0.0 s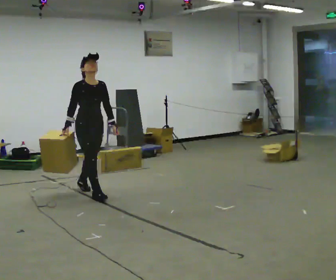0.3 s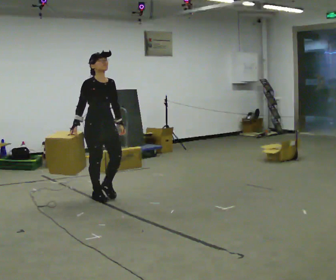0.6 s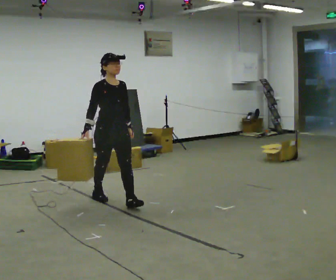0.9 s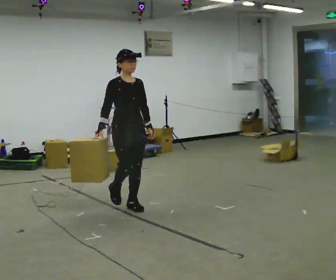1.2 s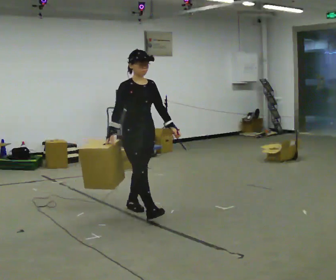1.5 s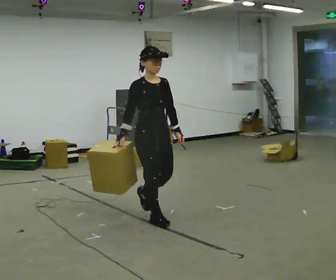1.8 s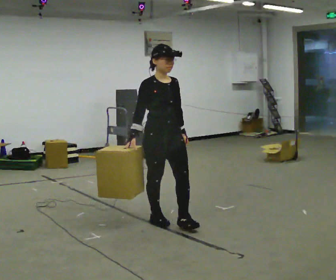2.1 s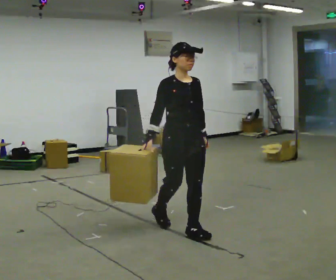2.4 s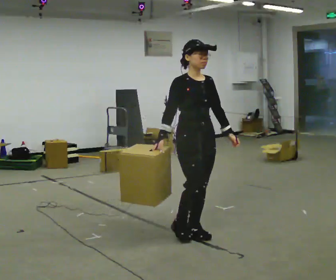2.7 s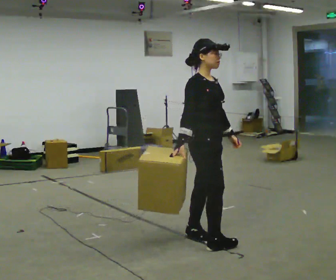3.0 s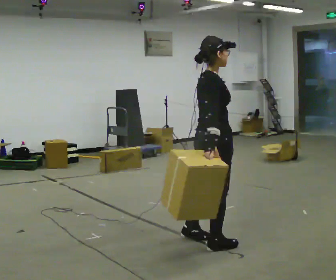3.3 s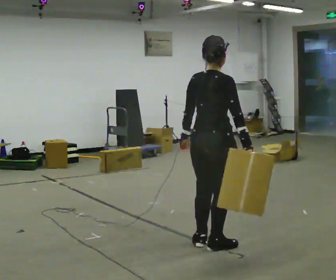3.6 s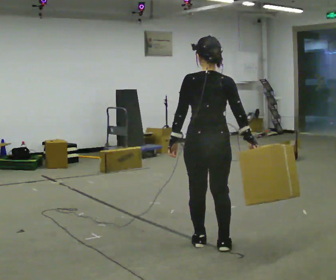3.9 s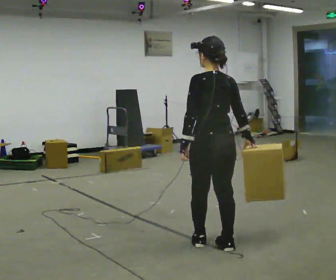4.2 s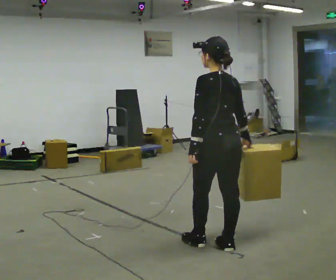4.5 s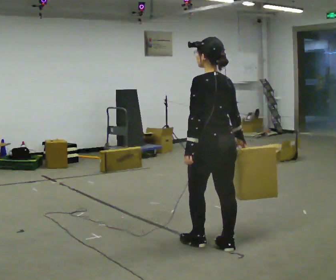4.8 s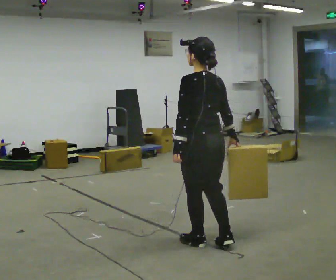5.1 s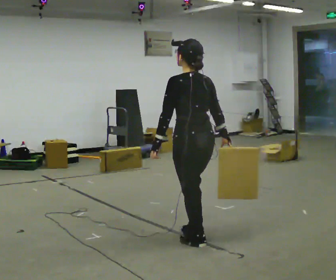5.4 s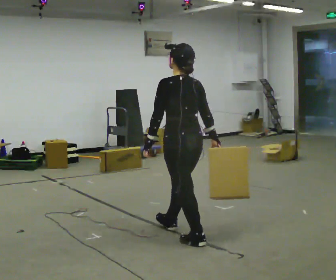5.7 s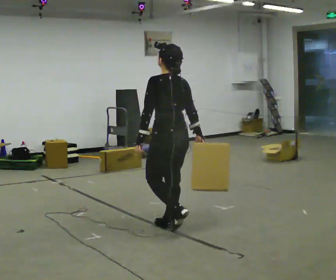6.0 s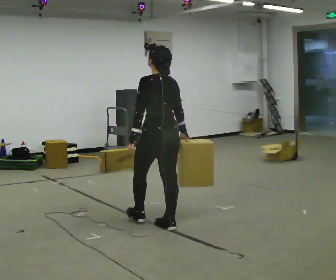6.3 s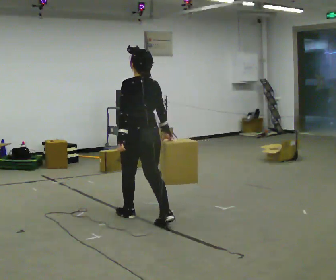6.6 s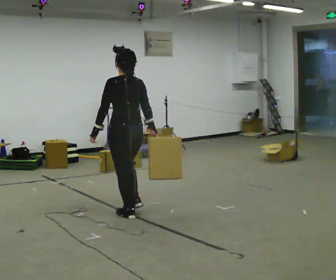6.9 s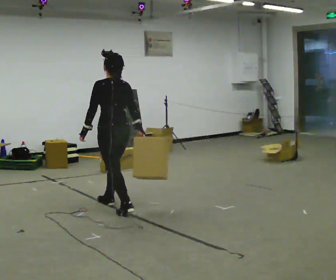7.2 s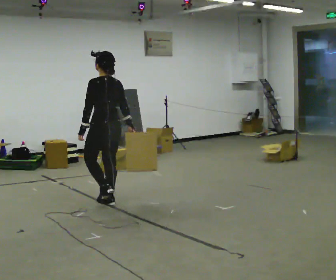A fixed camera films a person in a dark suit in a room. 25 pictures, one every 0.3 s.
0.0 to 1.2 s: In the picture they go to the right and toward the camera, about 1 m in 1 step, which for them is forward.
1.2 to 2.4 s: In the picture they go to the right and toward the camera, about 1 m in 2 steps, which for them is forward.
2.4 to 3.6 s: Seen from above the body turns counterclockwise, about 150 degrees: to their left, with its near side sliding to the right. In the picture they go toward the camera, about 0.25 m in 2 steps.
3.6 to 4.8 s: Seen from above the body turns counterclockwise, about 30 degrees: to their left, with its near side sliding to the right.
4.8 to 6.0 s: In the picture they go away from the camera and to the left, about 0.75 m in 1 step, which for them is forward.
6.0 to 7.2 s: In the picture they go to the left and away from the camera, about 1 m in 2 steps, which for them is forward.
The film runs forward here.
